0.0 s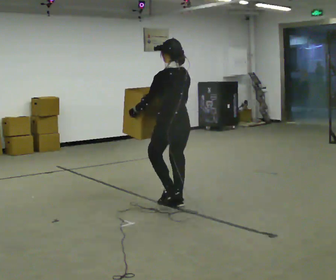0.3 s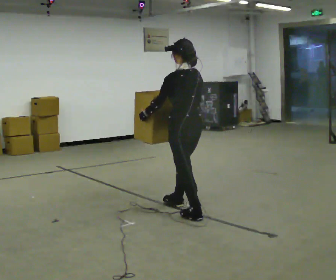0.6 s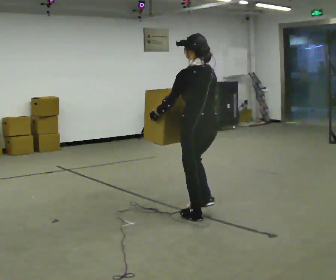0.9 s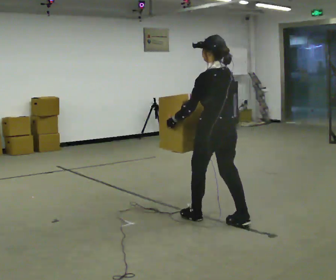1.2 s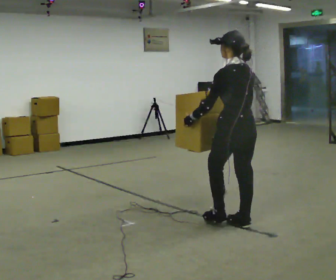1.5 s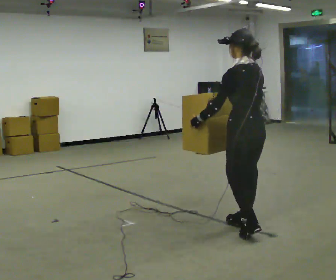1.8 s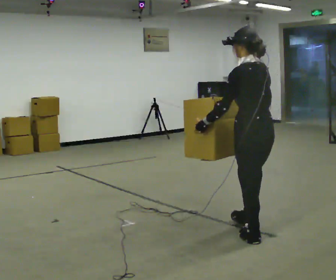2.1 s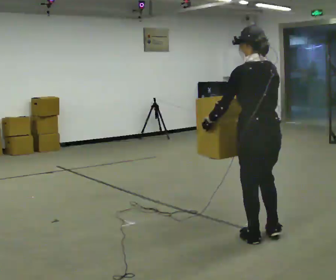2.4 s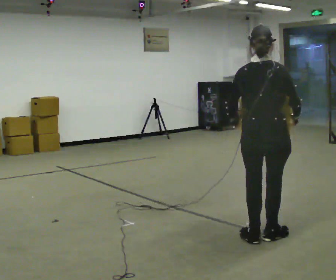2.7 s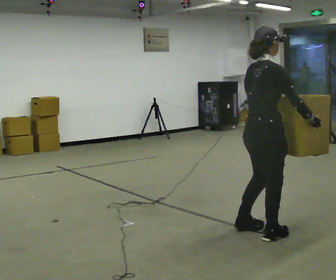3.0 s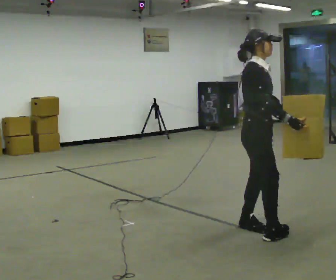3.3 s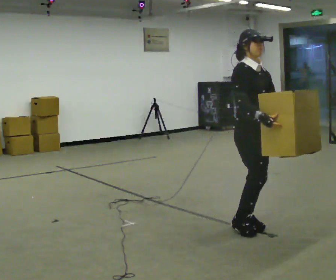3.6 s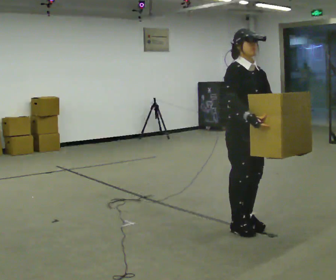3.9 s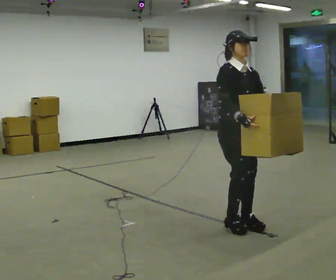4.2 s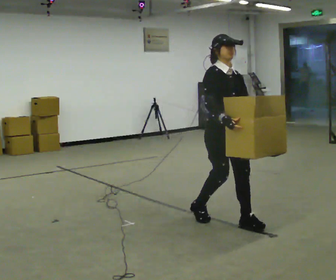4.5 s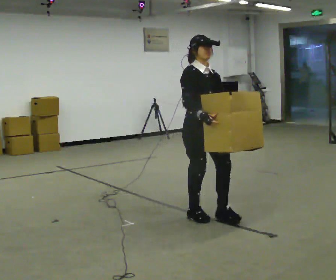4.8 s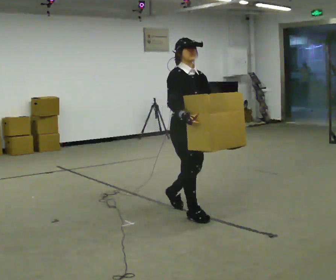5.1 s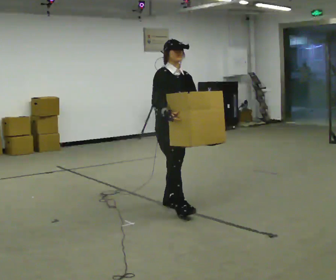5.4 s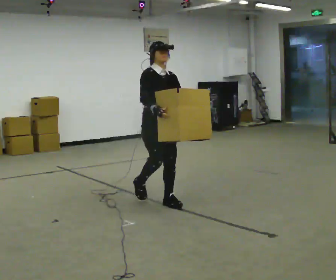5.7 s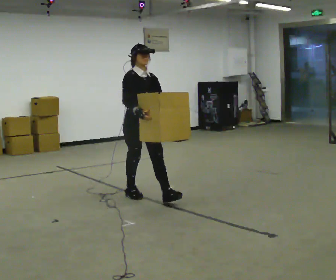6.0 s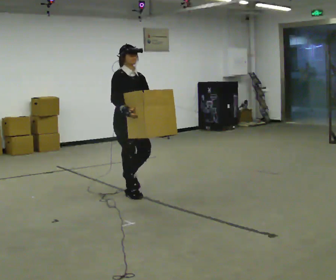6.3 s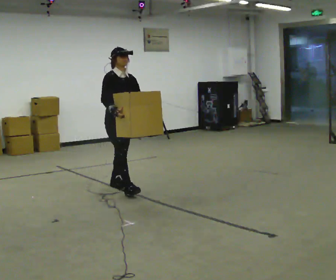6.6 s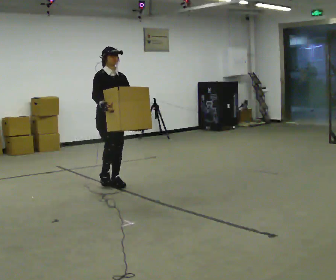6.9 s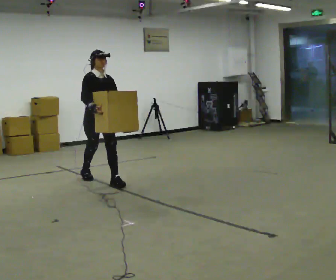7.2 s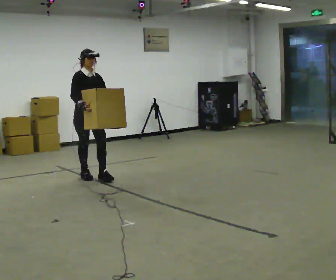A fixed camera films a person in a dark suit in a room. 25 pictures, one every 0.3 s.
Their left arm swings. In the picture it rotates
counterclockwise.
0.0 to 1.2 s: In the picture they go to the right and toward the camera, about 1 m in 2 steps, which for them is backward.
1.2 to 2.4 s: The part of the body nearest the lens slides to the left as the person turns to their right by about 45 degrees. In the picture they go toward the camera and to the right, about 0.5 m in 1 step, which for them is backward.
2.4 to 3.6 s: Seen from above the body turns clockwise, about 135 degrees: to their right, with its near side sliding to the left. In the picture they go away from the camera, about 0.25 m in 2 steps.
3.6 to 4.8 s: In the picture they go to the left and away from the camera, about 0.75 m in 2 steps, which for them is backward.
4.8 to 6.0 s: In the picture they go to the left and away from the camera, about 1 m in 2 steps, which for them is backward.
6.0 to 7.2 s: In the picture they go to the left and away from the camera, about 1 m in 2 steps, which for them is backward.
The film runs backward here.
